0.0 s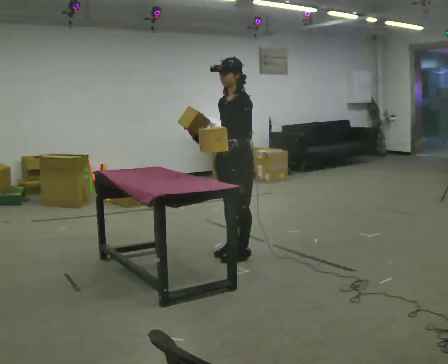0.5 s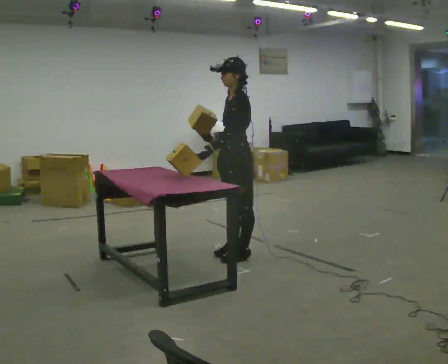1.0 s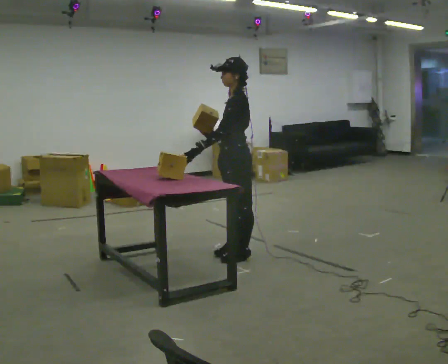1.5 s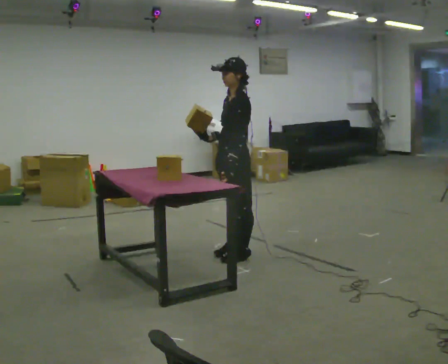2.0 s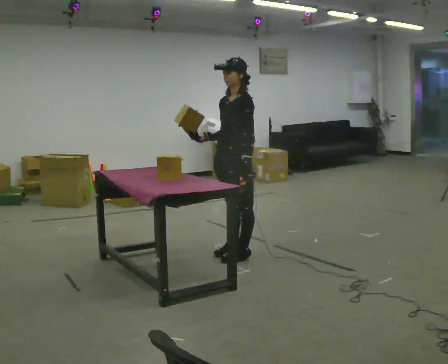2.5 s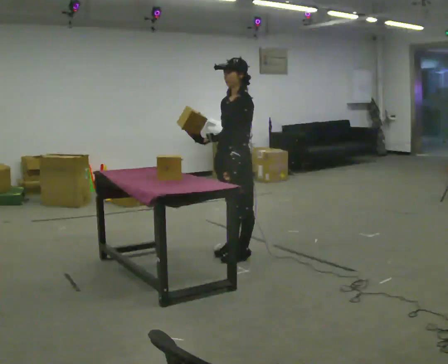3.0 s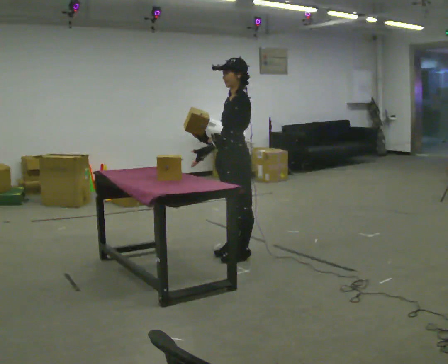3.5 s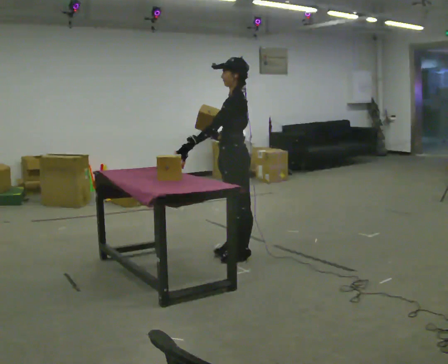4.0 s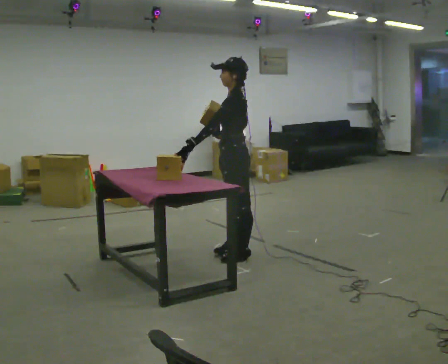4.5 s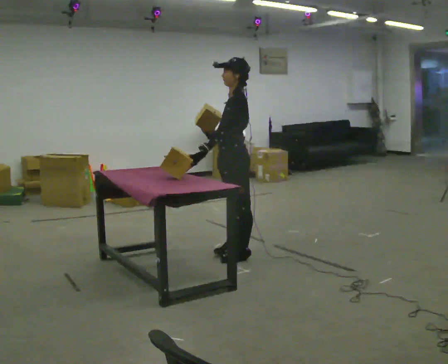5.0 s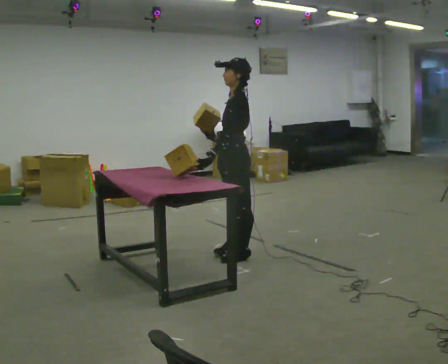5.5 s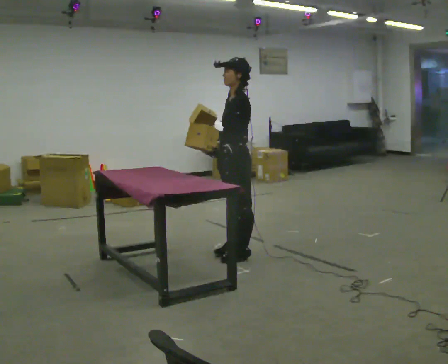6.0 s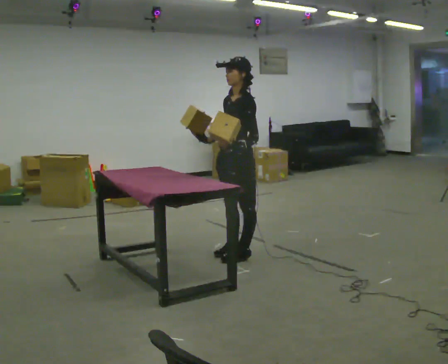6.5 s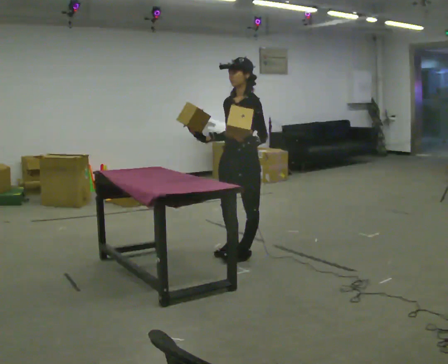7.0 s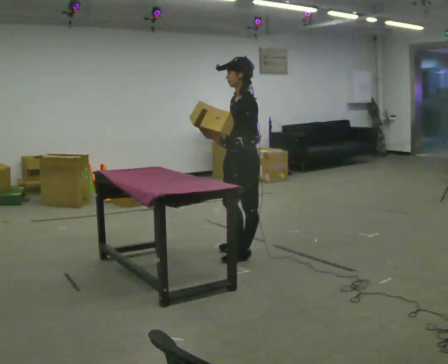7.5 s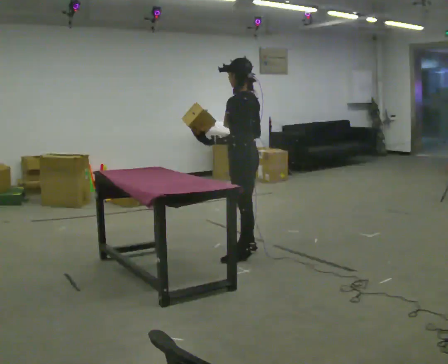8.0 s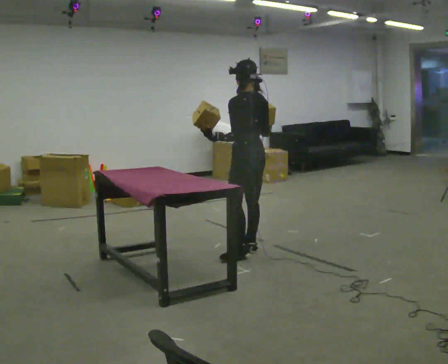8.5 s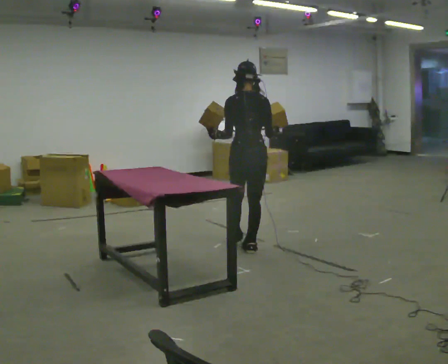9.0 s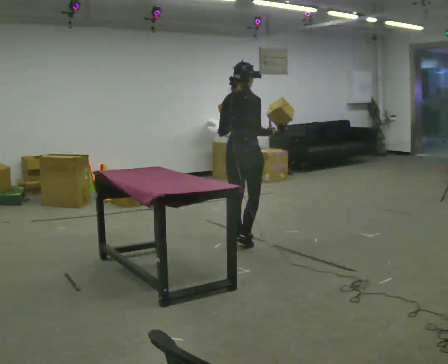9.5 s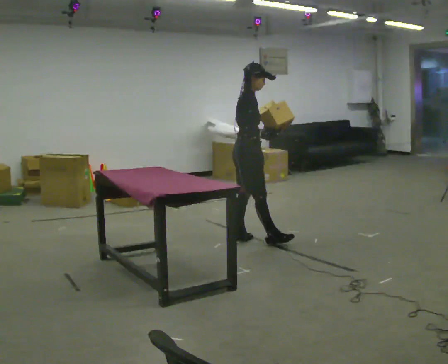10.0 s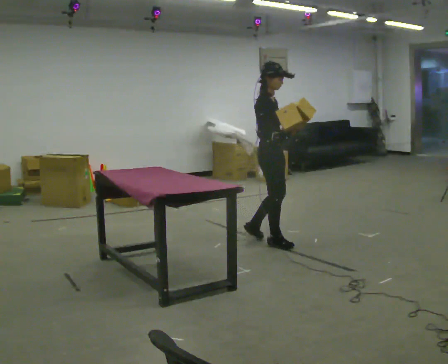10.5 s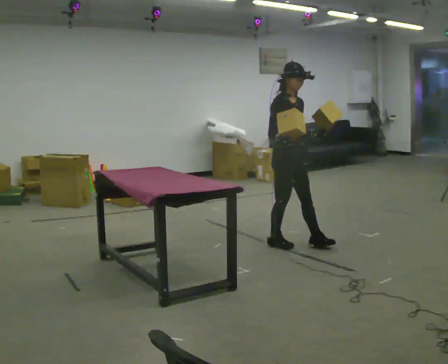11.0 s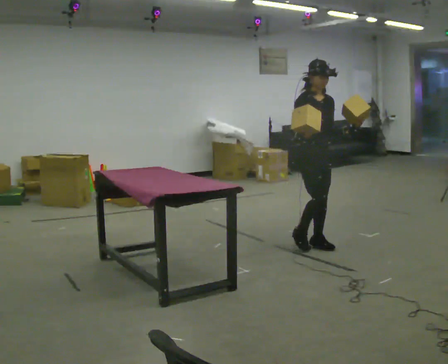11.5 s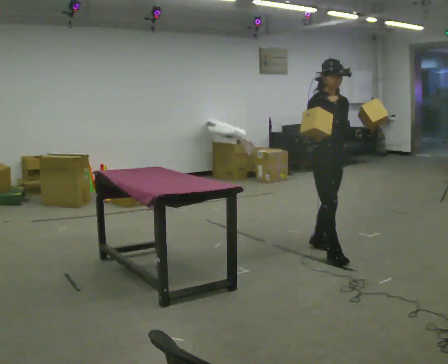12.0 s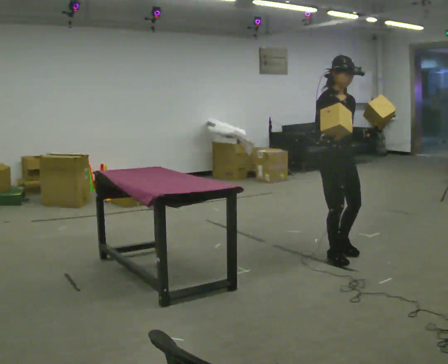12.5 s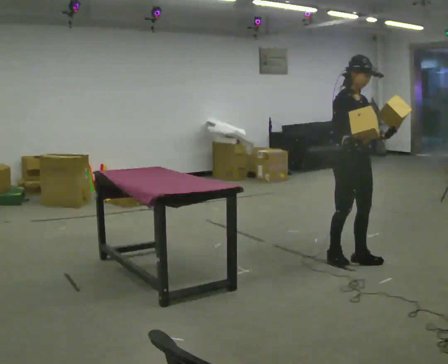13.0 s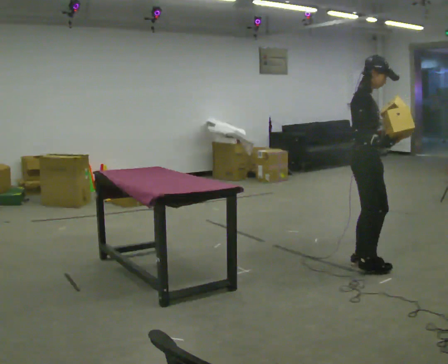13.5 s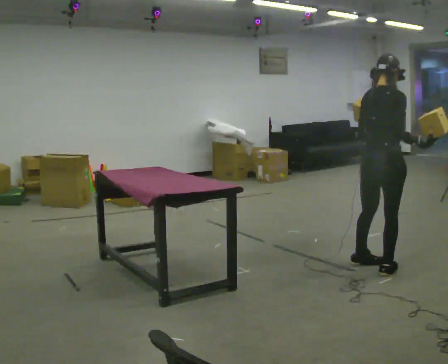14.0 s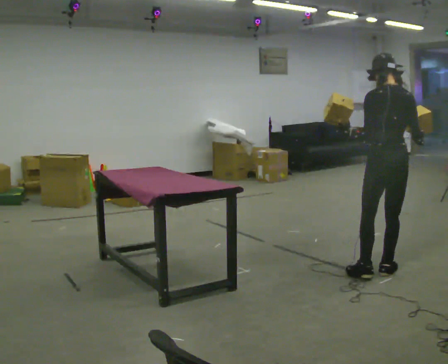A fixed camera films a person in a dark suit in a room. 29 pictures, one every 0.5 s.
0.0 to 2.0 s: The person moves a little, or ends about where they began.
2.0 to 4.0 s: The part of the body nearest the lens slides to the left as the person turns to their right by about 30 degrees. In the picture their left hand goes to the left, the arm swinging clockwise.
4.0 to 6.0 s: The part of the body nearest the lens slides to the right as the person turns to their left by about 30 degrees. In the picture their left hand goes to the right.
6.0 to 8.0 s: Seen from above the body turns clockwise, about 75 degrees: to their right, with its near side sliding to the left. In the picture they go away from the camera, about 0.25 m.
8.0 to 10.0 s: Seen from above the body turns clockwise, about 150 degrees: to their right, with its near side sliding to the left. In the picture they go to the right and away from the camera, about 0.25 m in 2 steps.
10.0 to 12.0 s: Seen from above the body turns clockwise, about 45 degrees: to their right, with its near side sliding to the left. In the picture they go toward the camera and to the right, about 0.5 m in 2 steps, which for them is forward and to their left.
12.0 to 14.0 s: The person turns about 150 degrees to their left, counterclockwise seen from above, so the part of the body nearest the lens slides to the right. In the picture they go toward the camera and to the right, about 0.5 m in 2 steps.
The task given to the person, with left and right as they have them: Carry two objects across the room, then put just one of them on the shelf while still holding the other. Then bring them both back. Keep going until the operator says stop; one object at a time, and do not rush between trips.
The film runs forward here.
